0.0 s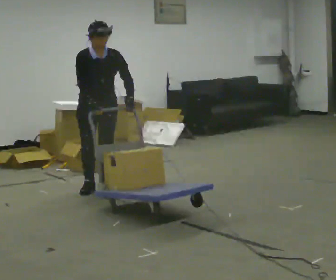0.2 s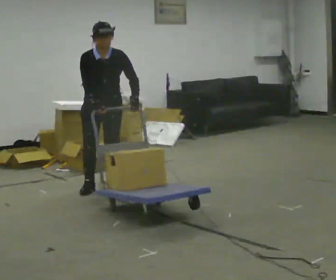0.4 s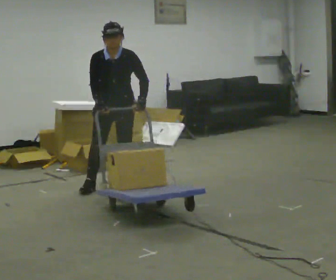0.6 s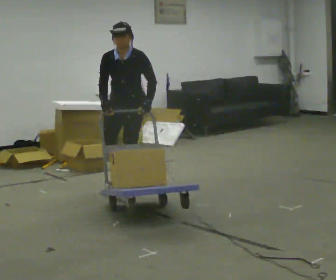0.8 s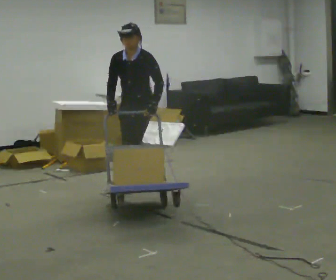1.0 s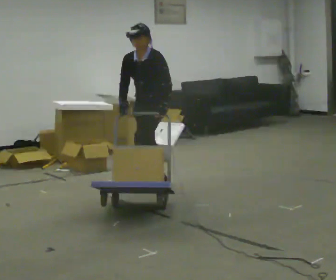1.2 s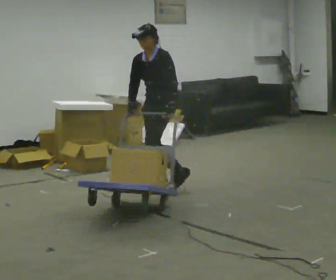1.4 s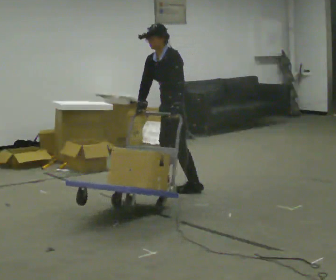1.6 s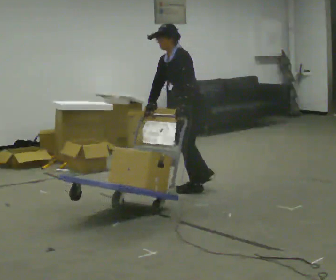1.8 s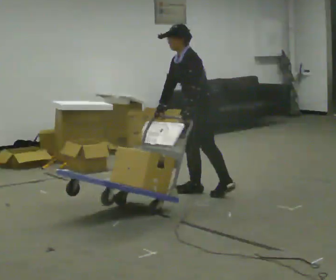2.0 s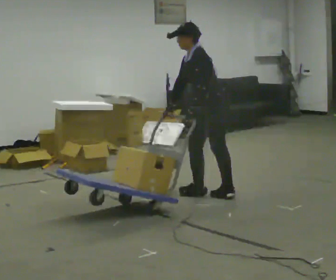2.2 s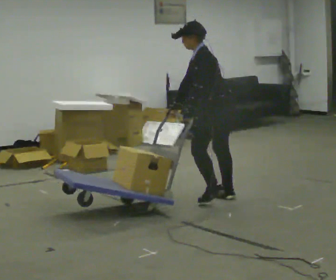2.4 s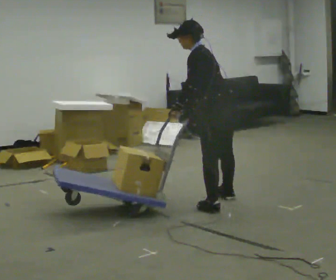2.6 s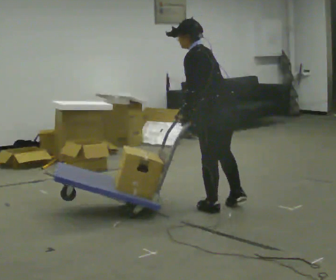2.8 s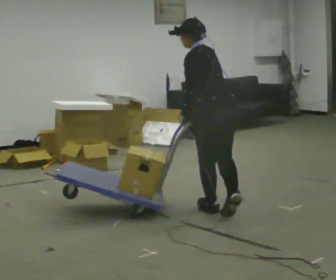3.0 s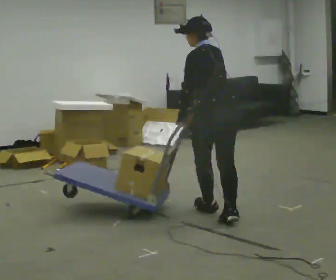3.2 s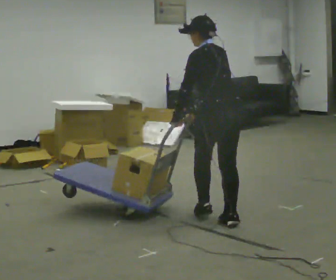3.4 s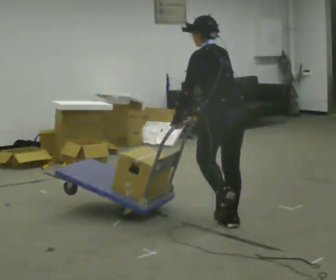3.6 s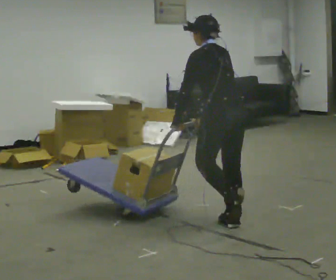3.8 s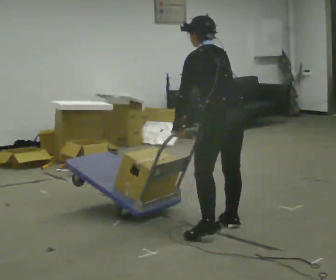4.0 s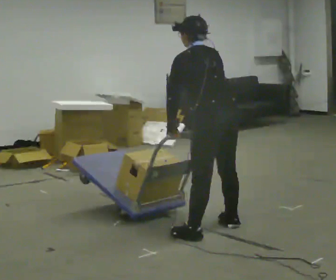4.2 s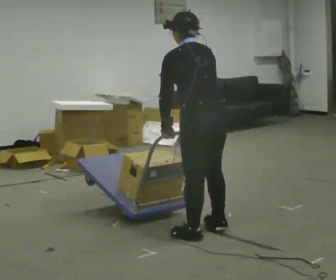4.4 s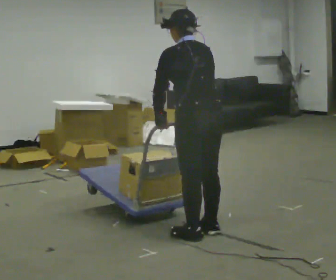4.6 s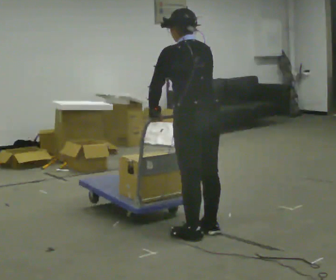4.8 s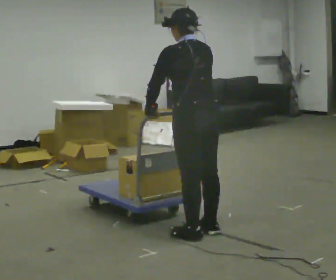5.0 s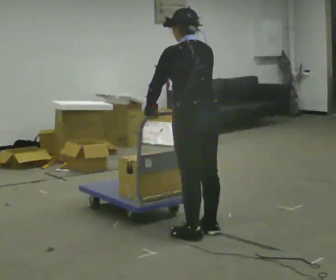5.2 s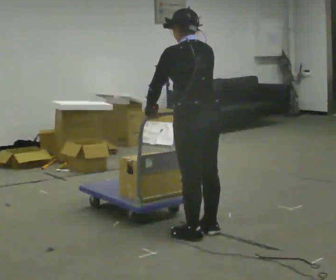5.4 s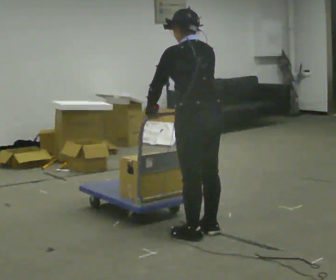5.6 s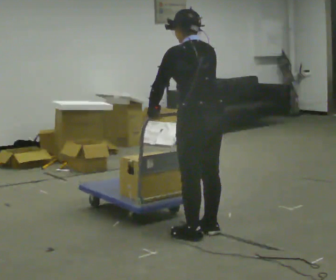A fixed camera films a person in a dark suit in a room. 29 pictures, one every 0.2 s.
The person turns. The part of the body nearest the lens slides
to the left.
The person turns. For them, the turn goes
to their right.
0.0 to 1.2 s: The part of the body nearest the lens slides to the left as the person turns to their right by about 60 degrees. In the picture they go to the right and away from the camera, about 0.5 m in 2 steps. In the picture the upper body tilts counterclockwise, shoulders to the left.
1.2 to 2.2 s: The part of the body nearest the lens slides to the left as the person turns to their right by about 60 degrees. In the picture they go to the right and toward the camera, about 0.75 m in 2 steps, which for them is backward and to their left.
2.2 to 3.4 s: The part of the body nearest the lens slides to the left as the person turns to their right by about 30 degrees. In the picture they go toward the camera, about 0.5 m in 2 steps, which for them is backward and to their left. The upper body tips away from the camera, its near side rolling upward.
3.4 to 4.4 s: In the picture they go toward the camera, about 0.25 m in 1 step, which for them is to their left and backward.
4.4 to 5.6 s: The person moves a little, or ends about where they began.
The film runs backward here.
